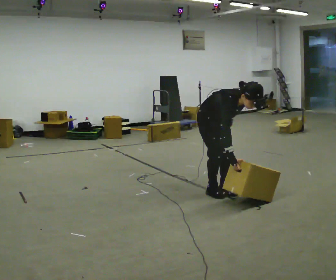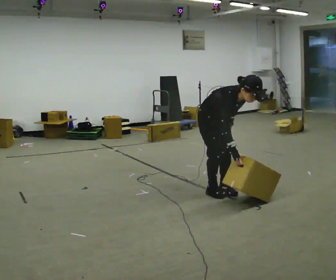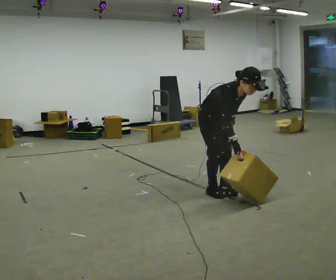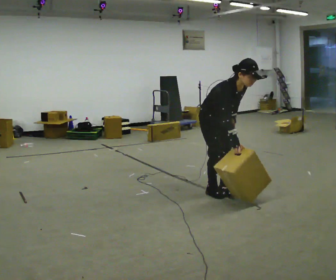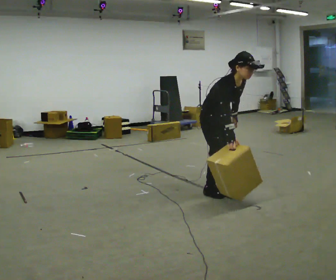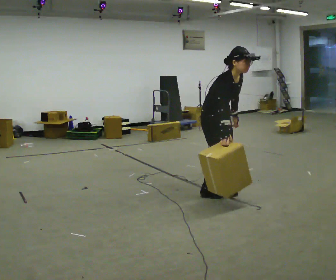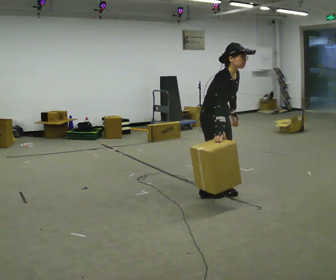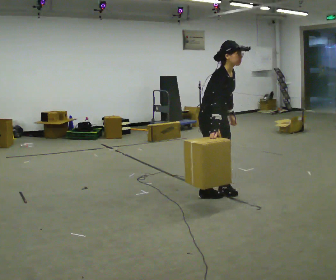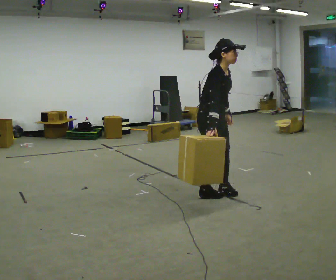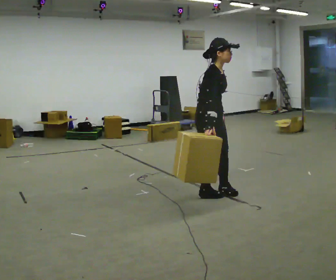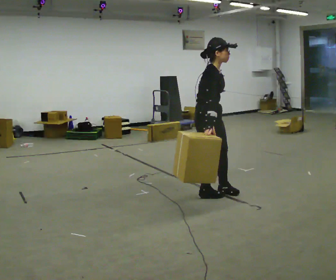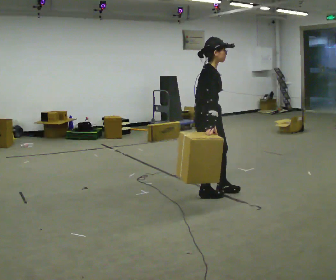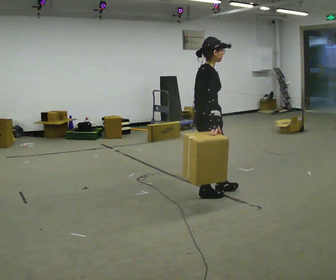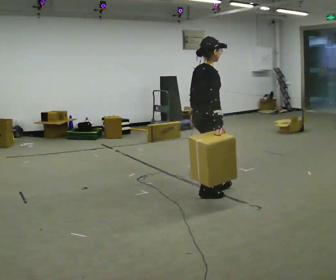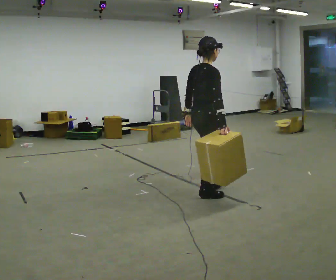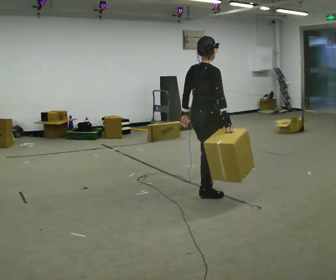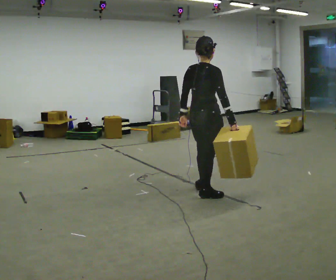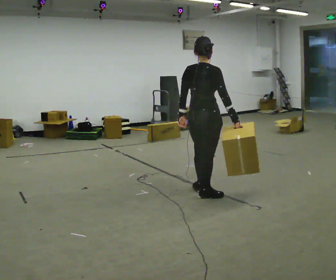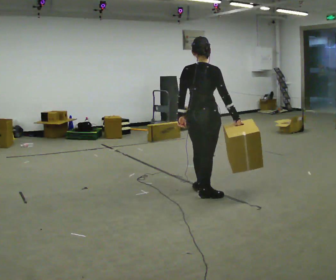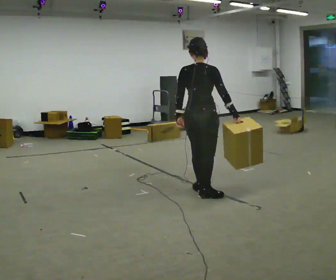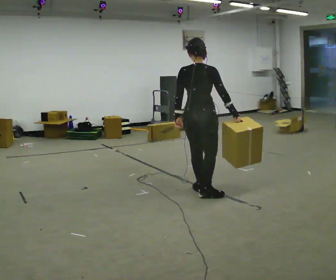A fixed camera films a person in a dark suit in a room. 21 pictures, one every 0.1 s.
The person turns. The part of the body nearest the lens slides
to the right.
The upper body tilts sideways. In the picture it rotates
counterclockwise.
0.0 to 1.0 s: Seen from above the body turns counterclockwise, about 30 degrees: to their left, with its near side sliding to the right. The shoulders move upward. In the picture the upper body tilts counterclockwise, shoulders to the left, as they lean back or straighten.
1.0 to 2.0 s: The part of the body nearest the lens slides to the right as the person turns to their left by about 75 degrees.
The film runs forward here.
